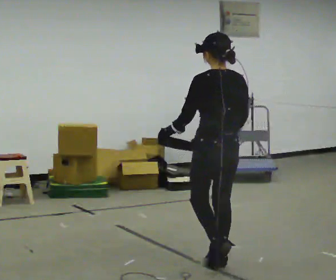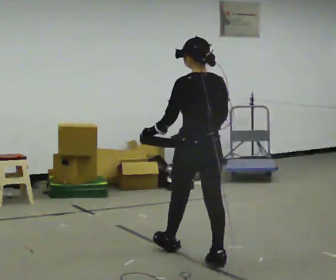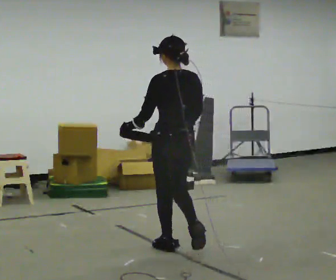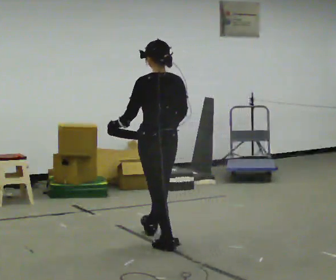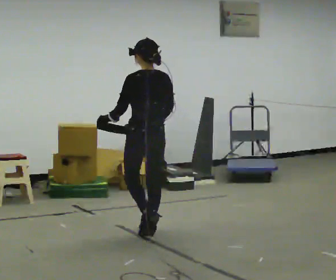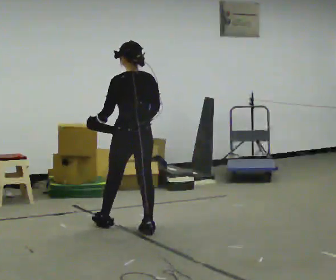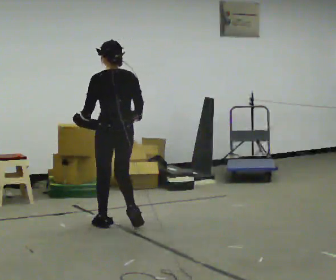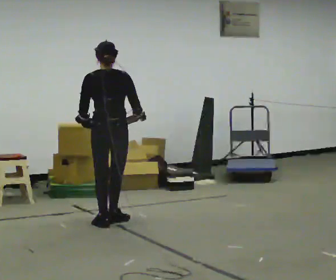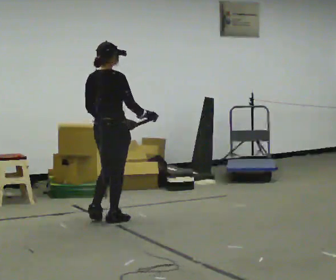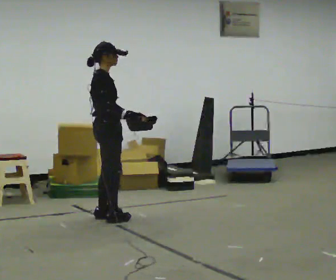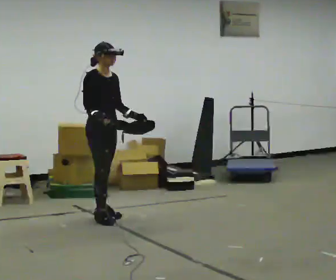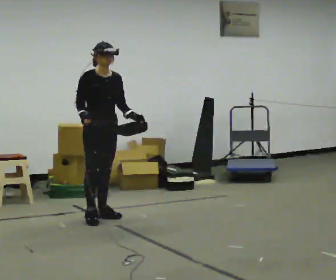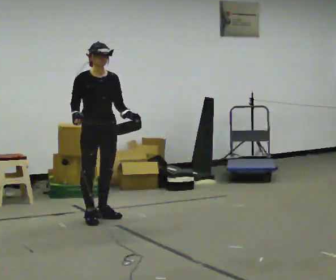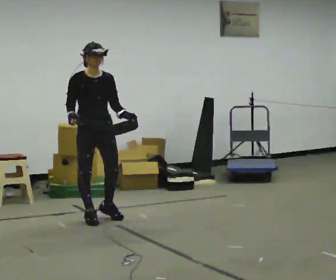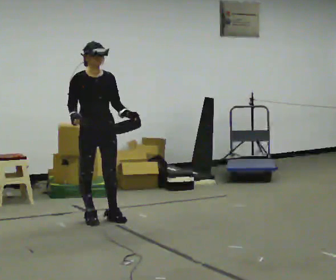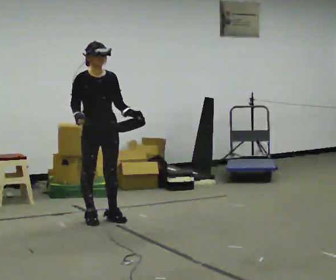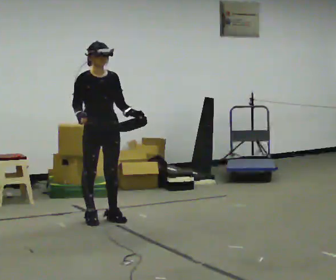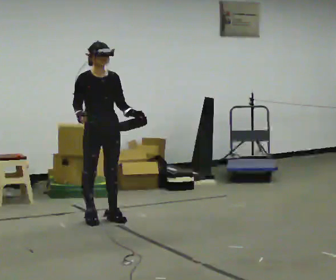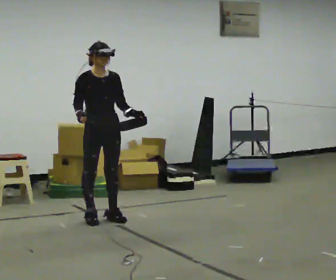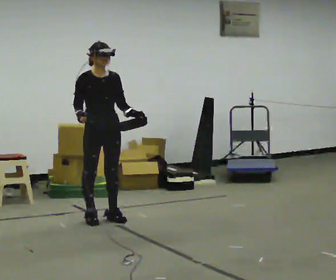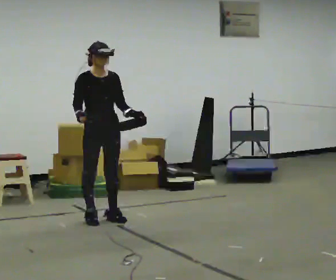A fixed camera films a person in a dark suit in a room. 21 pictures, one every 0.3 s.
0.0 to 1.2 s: In the picture they go away from the camera and to the left, about 1 m in 2 steps, which for them is forward.
1.2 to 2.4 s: Seen from above the body turns clockwise, about 75 degrees: to their right, with its near side sliding to the left. In the picture they go away from the camera and to the left, about 0.5 m in 2 steps.
2.4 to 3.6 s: The person turns about 120 degrees to their right, clockwise seen from above, so the part of the body nearest the lens slides to the left. In the picture their right hand goes to the left.
3.6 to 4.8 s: The person moves a little, or ends about where they began.
4.8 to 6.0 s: The person keeps their place and pose.
The film runs forward here.
